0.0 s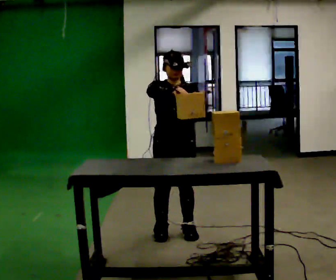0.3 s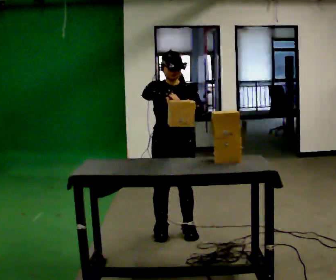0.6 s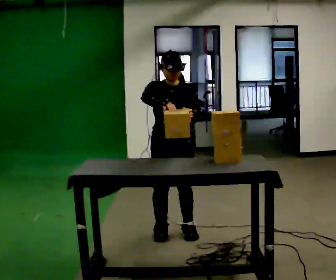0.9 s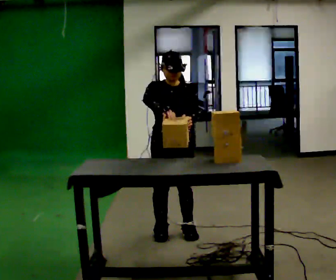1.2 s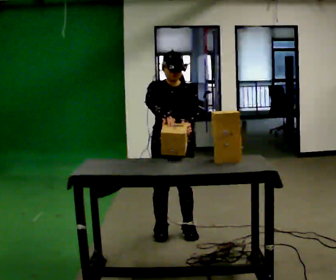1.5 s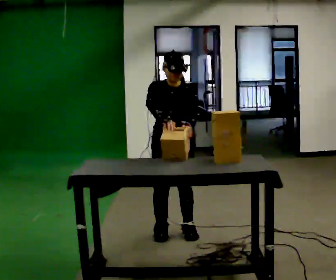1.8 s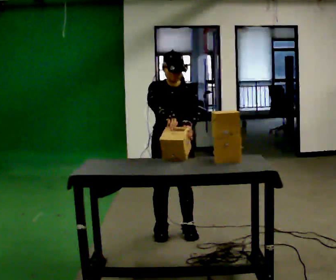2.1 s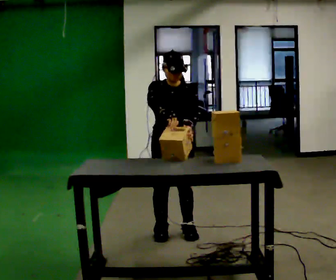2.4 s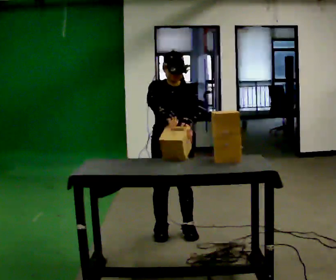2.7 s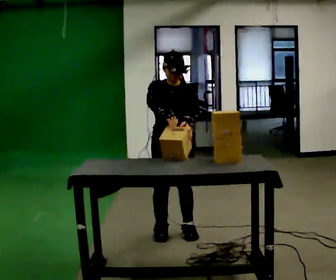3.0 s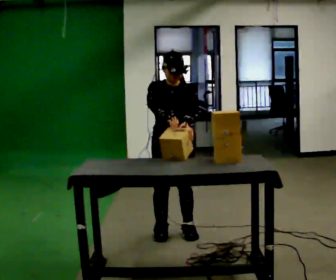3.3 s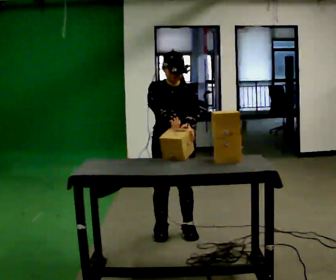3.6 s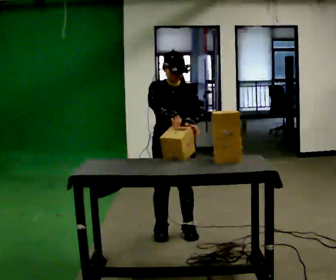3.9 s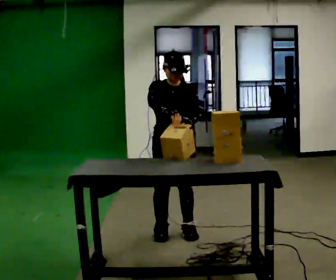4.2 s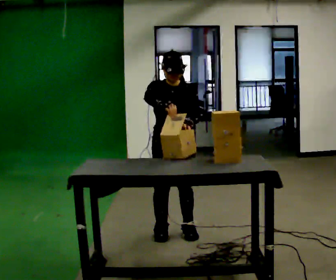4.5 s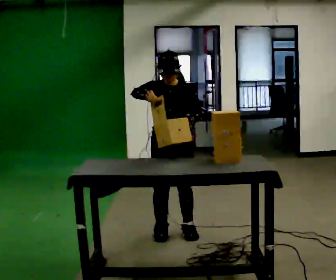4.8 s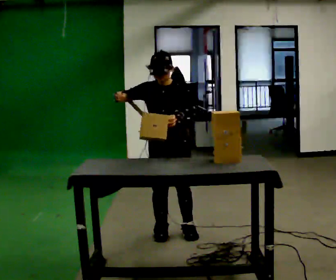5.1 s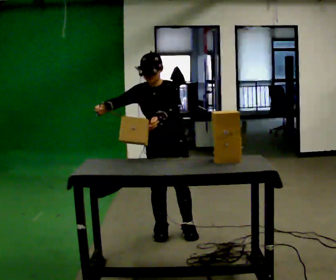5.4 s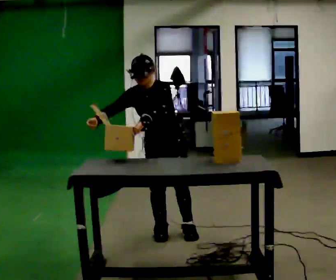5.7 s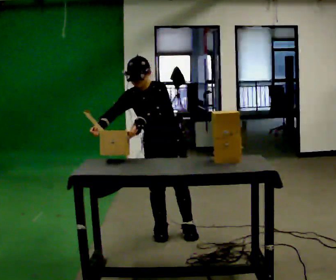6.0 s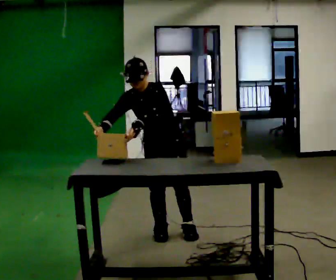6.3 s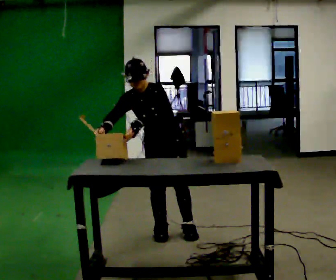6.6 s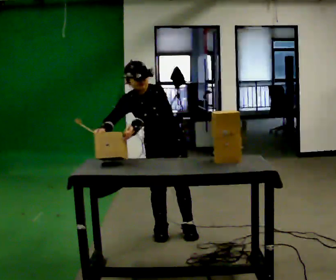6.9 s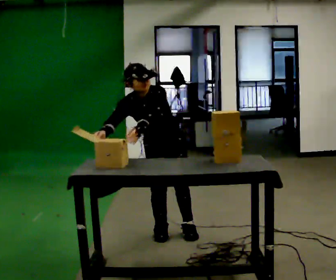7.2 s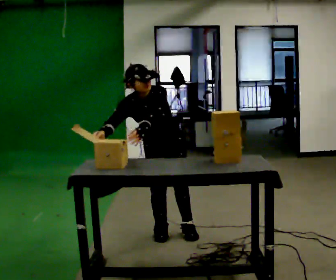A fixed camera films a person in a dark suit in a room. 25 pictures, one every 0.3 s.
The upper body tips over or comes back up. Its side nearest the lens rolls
downward.
0.0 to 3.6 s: The person moves a little, or ends about where they began.
3.6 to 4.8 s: In the picture their right hand goes to the left.
4.8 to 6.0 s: In the picture the upper body tilts counterclockwise, shoulders to the left, as they bend forward.
6.0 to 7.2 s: The person moves a little, or ends about where they began.
The film runs forward here.
